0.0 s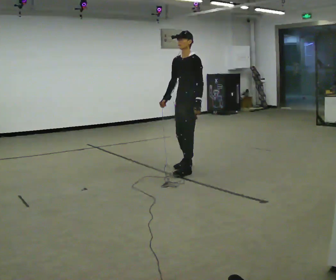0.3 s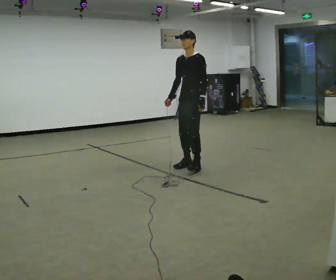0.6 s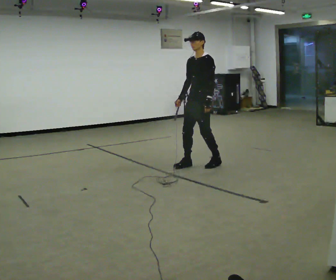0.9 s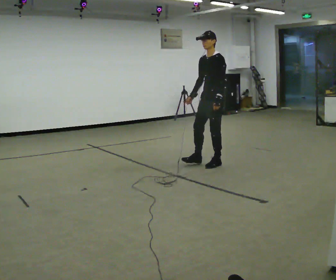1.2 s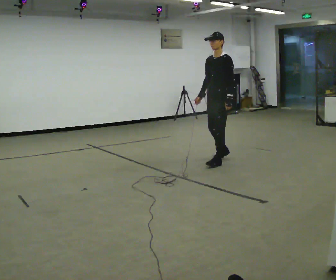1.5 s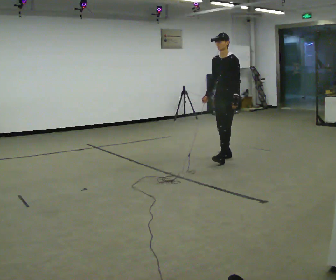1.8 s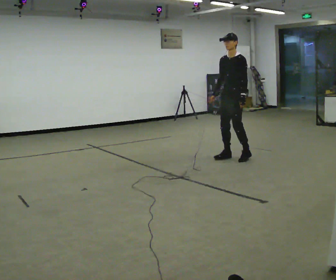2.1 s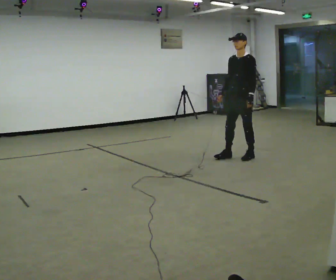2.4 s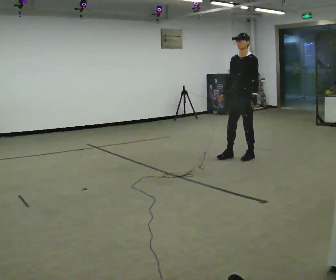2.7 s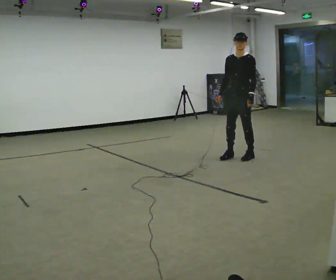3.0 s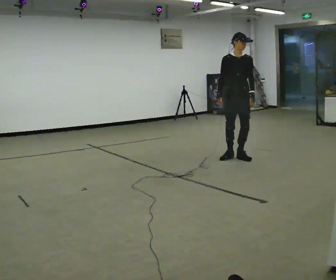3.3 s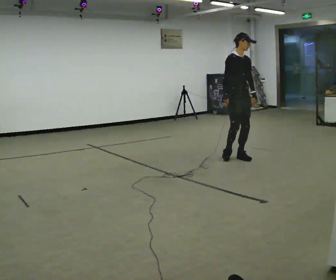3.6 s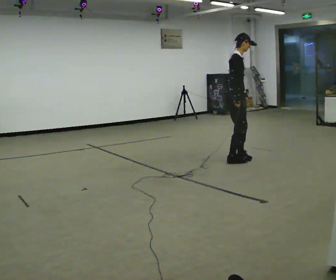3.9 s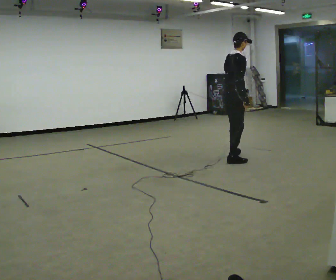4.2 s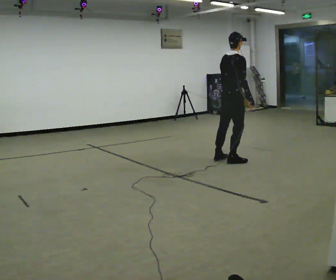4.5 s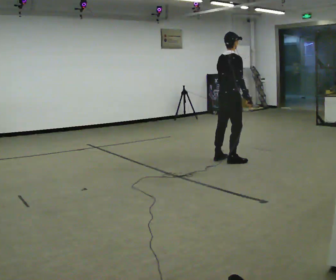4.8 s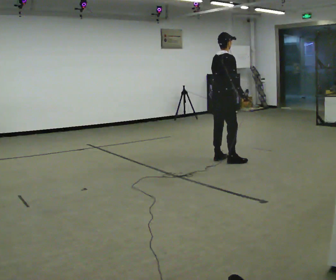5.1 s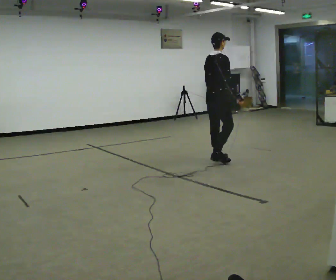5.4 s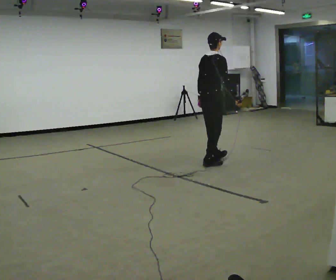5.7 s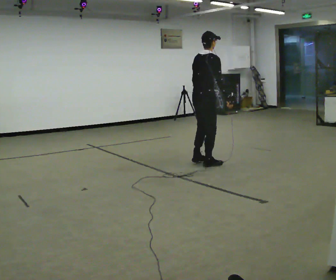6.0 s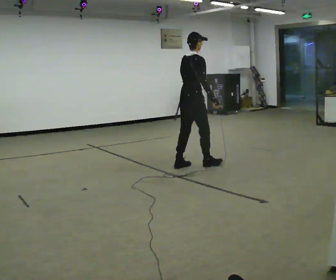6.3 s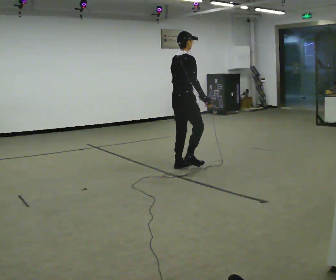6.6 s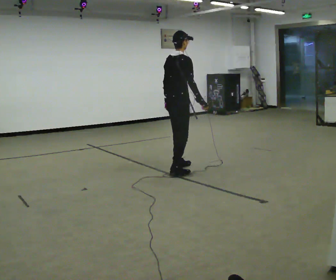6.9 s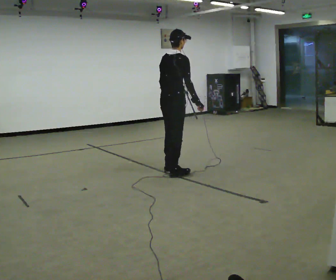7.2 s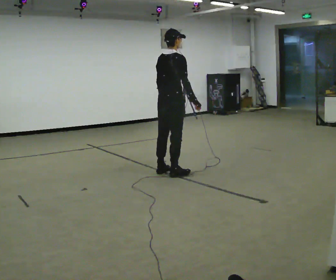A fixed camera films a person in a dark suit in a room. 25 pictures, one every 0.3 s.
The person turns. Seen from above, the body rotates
counterclockwise.
The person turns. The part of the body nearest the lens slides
to the right.
0.0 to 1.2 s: In the picture they go to the right and away from the camera, about 0.5 m in 1 step, which for them is backward.
1.2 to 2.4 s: In the picture they go to the right and away from the camera, about 0.25 m in 2 steps, which for them is backward.
2.4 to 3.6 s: The person turns about 135 degrees to their left, counterclockwise seen from above, so the part of the body nearest the lens slides to the right. In the picture they go to the left and toward the camera, about 0.25 m in 2 steps.
3.6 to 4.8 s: The person turns about 45 degrees to their left, counterclockwise seen from above, so the part of the body nearest the lens slides to the right. In the picture they go to the left, about 0.25 m in 1 step, which for them is backward.
4.8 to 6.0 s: In the picture they go to the left and toward the camera, about 0.5 m in 2 steps, which for them is backward.
6.0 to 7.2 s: In the picture they go toward the camera and to the left, about 0.5 m in 2 steps, which for them is backward.
The film runs forward here.
